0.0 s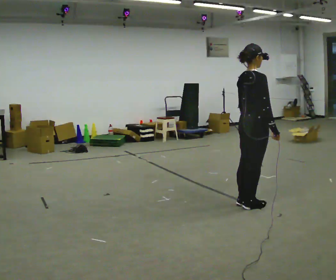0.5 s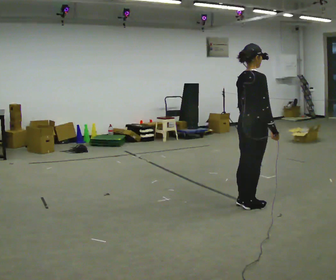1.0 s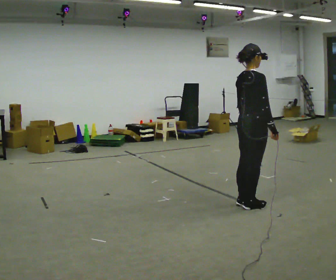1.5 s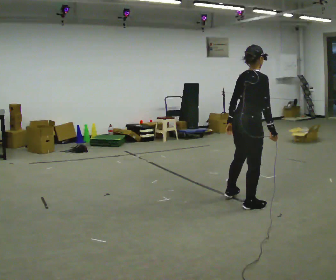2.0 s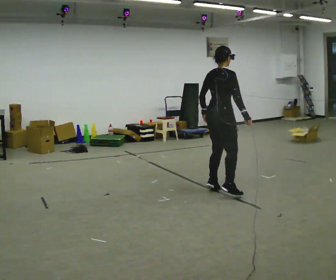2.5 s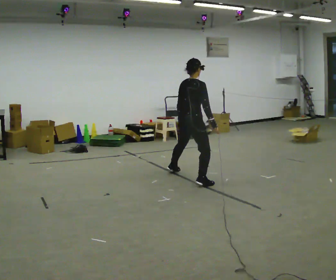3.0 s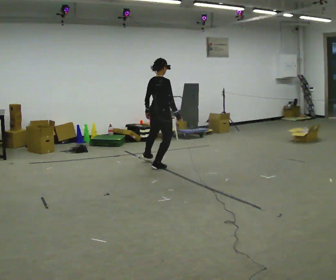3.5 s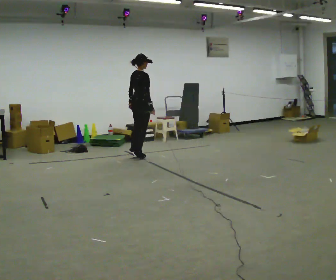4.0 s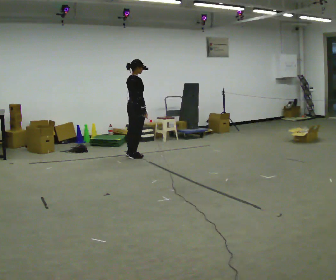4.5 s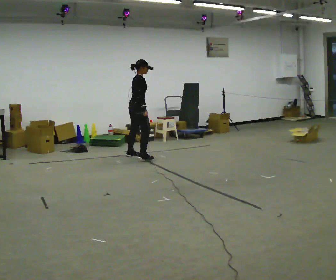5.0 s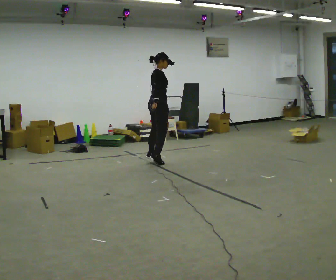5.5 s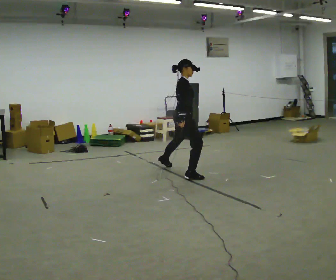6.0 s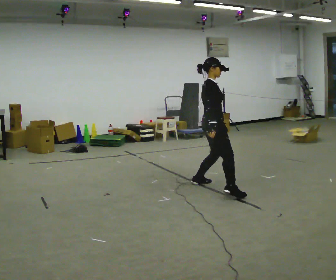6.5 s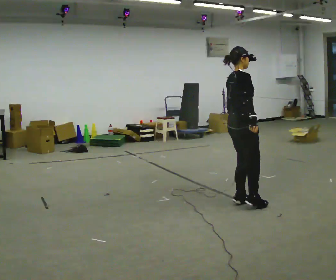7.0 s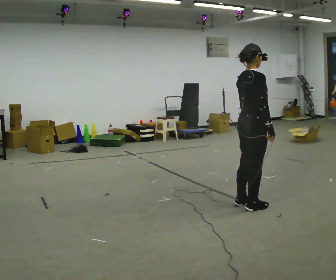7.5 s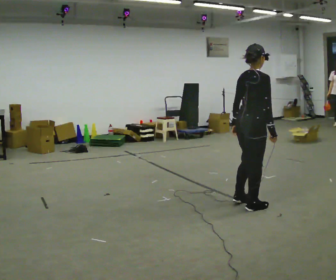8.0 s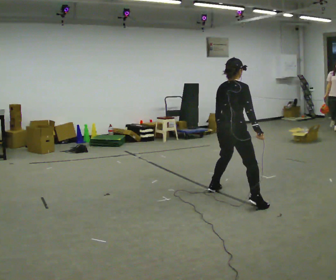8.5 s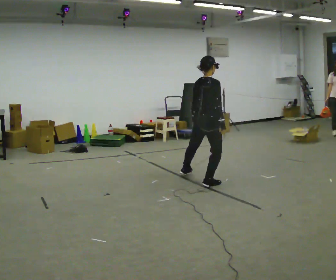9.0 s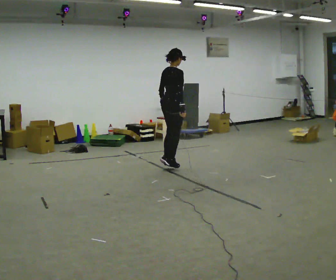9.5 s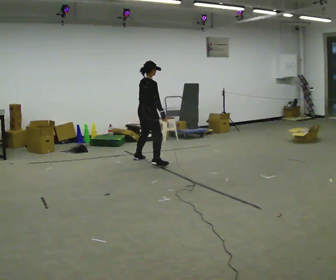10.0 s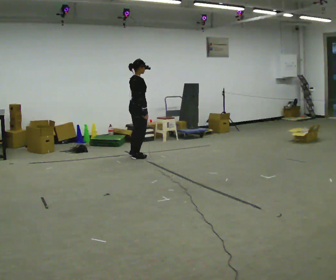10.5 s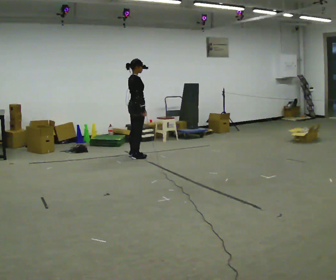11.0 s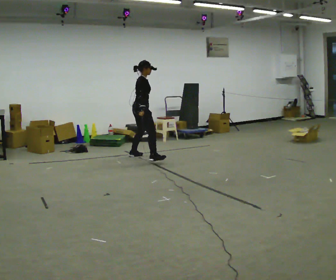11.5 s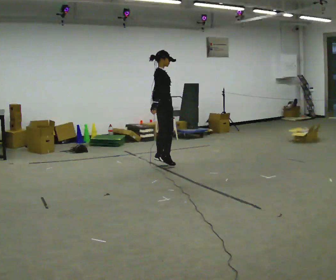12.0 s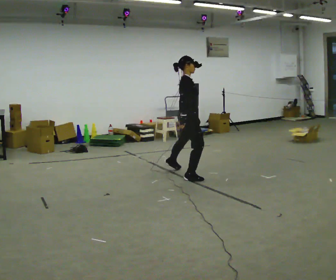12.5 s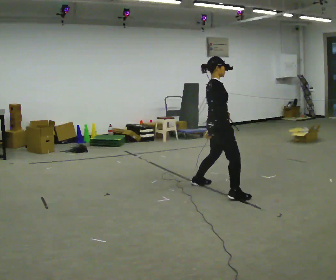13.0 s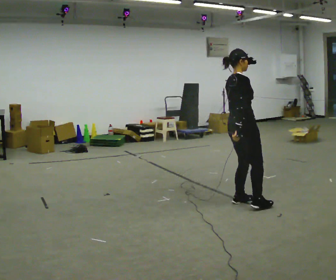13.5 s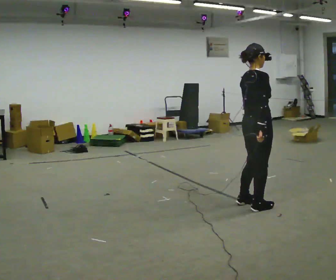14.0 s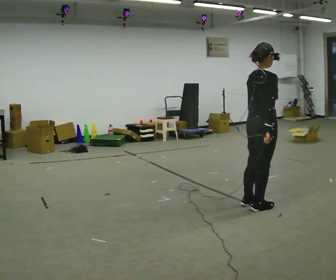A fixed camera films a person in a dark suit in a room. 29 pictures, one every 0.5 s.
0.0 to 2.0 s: In the picture they go away from the camera and to the left, about 0.5 m in 1 step, which for them is to their left.
2.0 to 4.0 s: In the picture they go away from the camera and to the left, about 2 m in 6 steps, which for them is to their left.
4.0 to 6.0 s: The person turns about 30 degrees to their right, clockwise seen from above, so the part of the body nearest the lens slides to the left. In the picture they go toward the camera and to the right, about 2 m in 4 steps, which for them is to their right.
6.0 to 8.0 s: The part of the body nearest the lens slides to the right as the person turns to their left by about 45 degrees. In the picture they go toward the camera and to the right, about 0.5 m in 4 steps, which for them is to their right.
8.0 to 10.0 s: In the picture they go away from the camera and to the left, about 2.5 m in 6 steps, which for them is to their left. The upper body tips toward the camera, its near side rolling downward.
10.0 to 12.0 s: In the picture they go toward the camera and to the right, about 1.5 m in 3 steps, which for them is to their right.
12.0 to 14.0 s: In the picture they go toward the camera and to the right, about 1.5 m in 4 steps, which for them is to their right.
The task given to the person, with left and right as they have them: Gallop forward leading with the leg the operator calls, keeping the same leg in front throughout.
The film runs forward here.
